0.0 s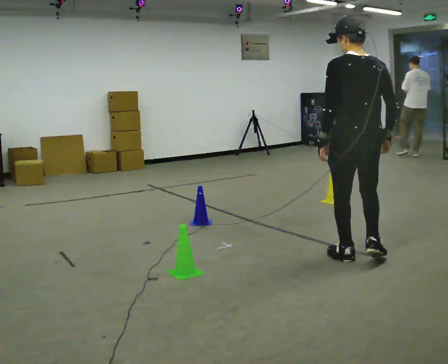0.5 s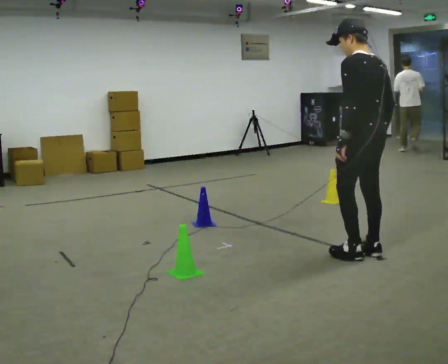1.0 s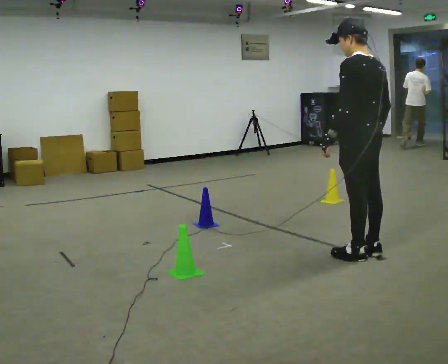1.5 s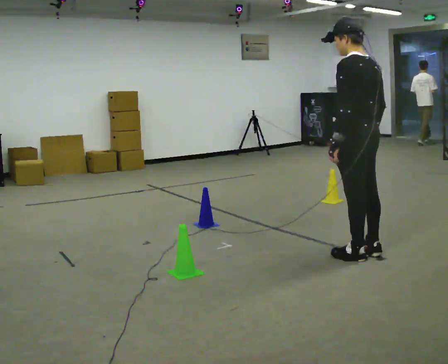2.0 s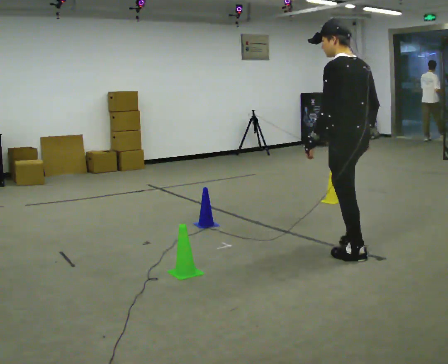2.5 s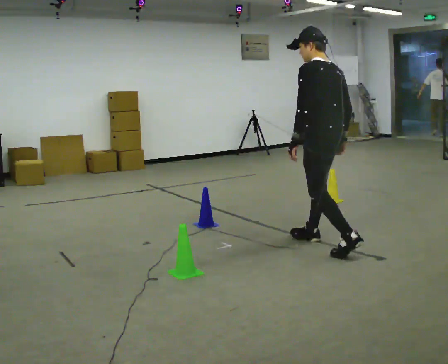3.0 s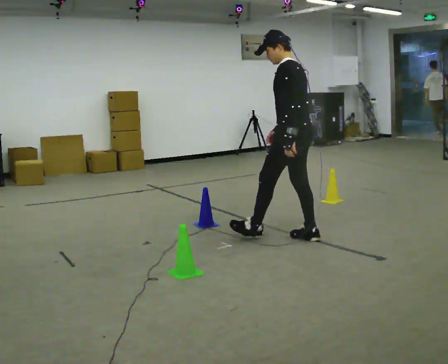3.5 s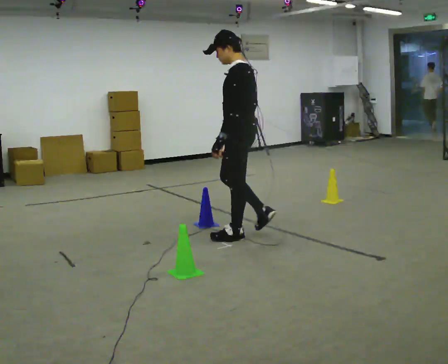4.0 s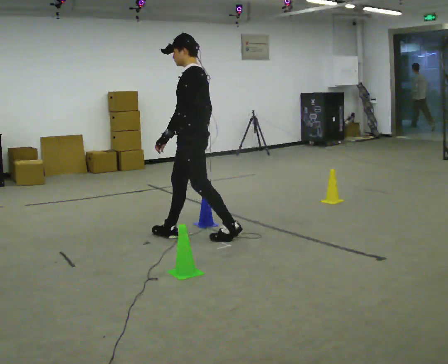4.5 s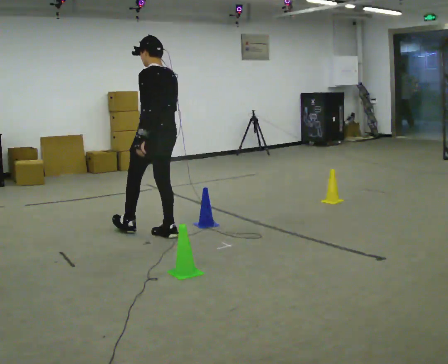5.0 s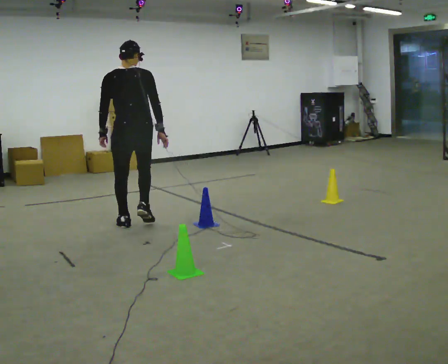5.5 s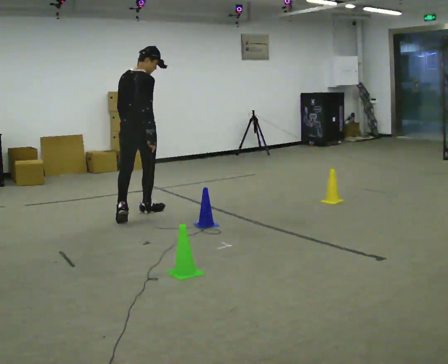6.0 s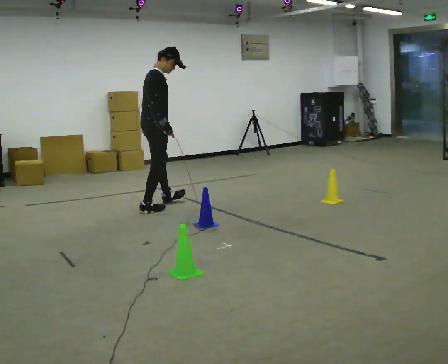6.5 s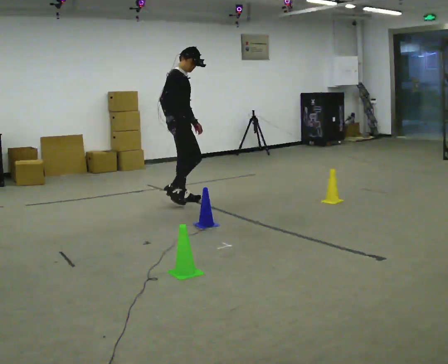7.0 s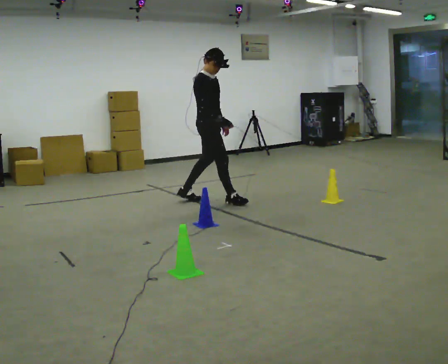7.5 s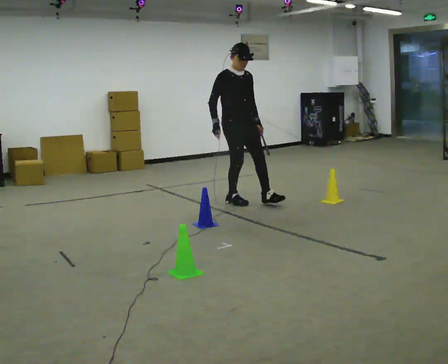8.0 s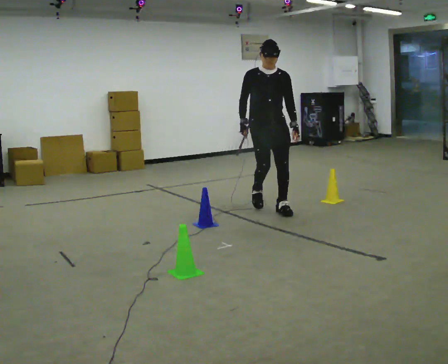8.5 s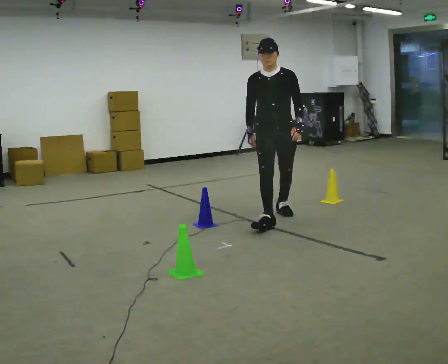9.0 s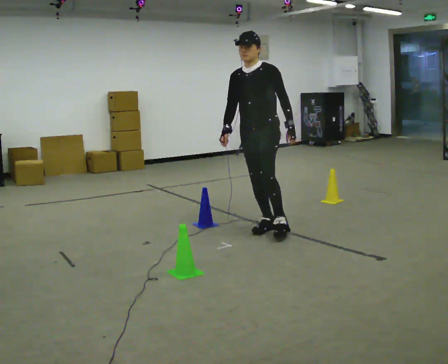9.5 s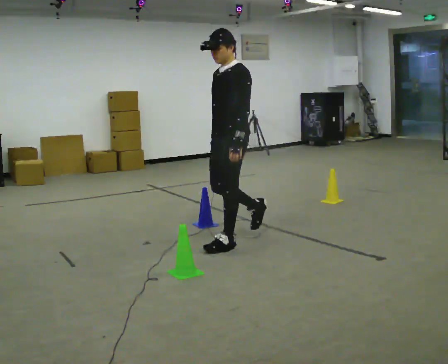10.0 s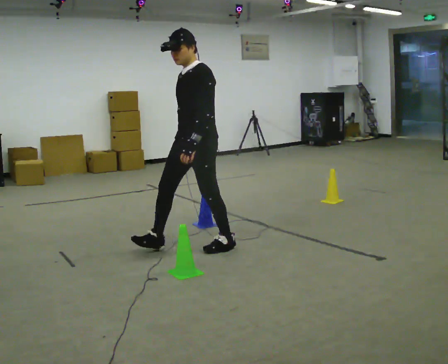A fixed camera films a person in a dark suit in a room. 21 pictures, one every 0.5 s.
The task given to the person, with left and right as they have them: Start at marker; visit targets in order; choose natural paths; avoid obstacles; stop at final target.
0.0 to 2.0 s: Seen from above the body turns counterclockwise, about 30 degrees: to their left, with its near side sliding to the right.
2.0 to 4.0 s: Seen from above the body turns counterclockwise, about 45 degrees: to their left, with its near side sliding to the right. In the picture they go to the left and away from the camera, about 1.5 m in 3 steps, which for them is forward.
4.0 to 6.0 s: The part of the body nearest the lens slides to the left as the person turns to their right by about 165 degrees. In the picture they go away from the camera, about 1 m in 2 steps.
6.0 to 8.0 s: The person turns about 105 degrees to their right, clockwise seen from above, so the part of the body nearest the lens slides to the left. In the picture they go to the right, about 1 m in 3 steps.
8.0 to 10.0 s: Seen from above the body turns clockwise, about 60 degrees: to their right, with its near side sliding to the left. In the picture they go toward the camera and to the left, about 1.5 m in 2 steps.
The film runs forward here.
